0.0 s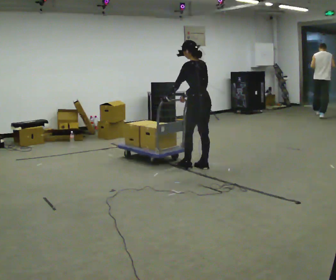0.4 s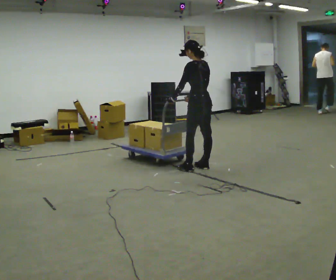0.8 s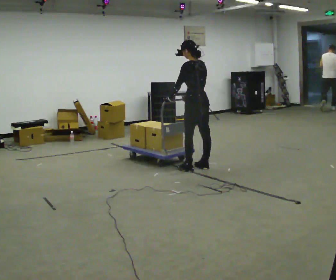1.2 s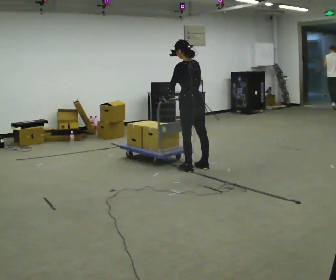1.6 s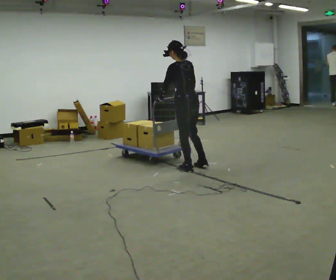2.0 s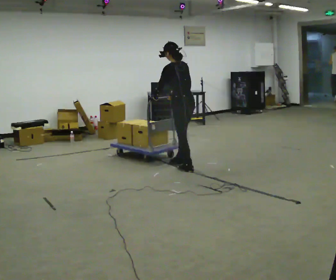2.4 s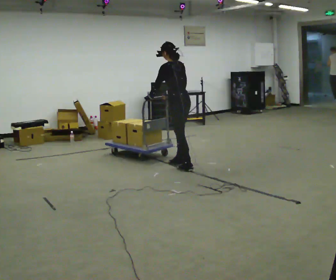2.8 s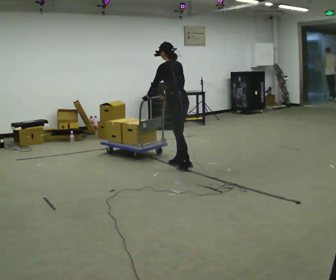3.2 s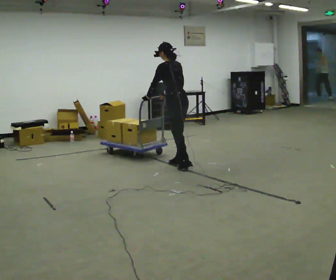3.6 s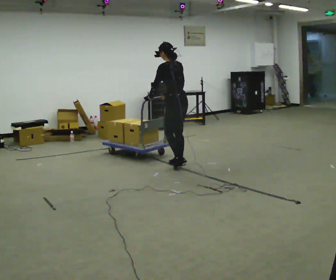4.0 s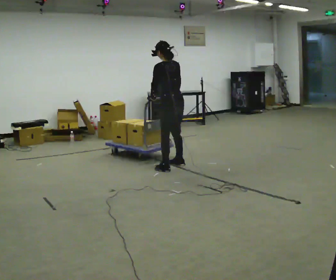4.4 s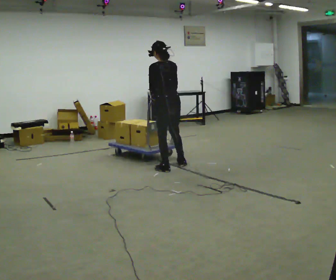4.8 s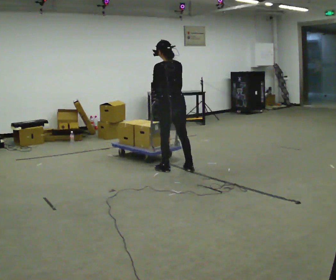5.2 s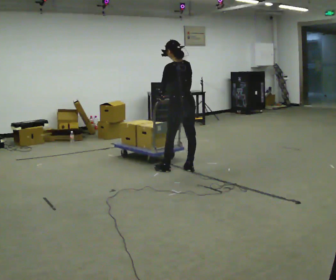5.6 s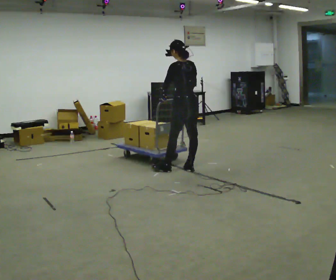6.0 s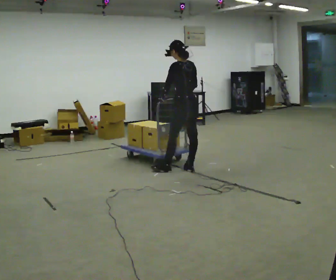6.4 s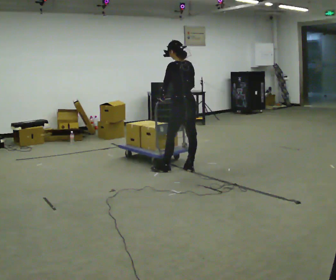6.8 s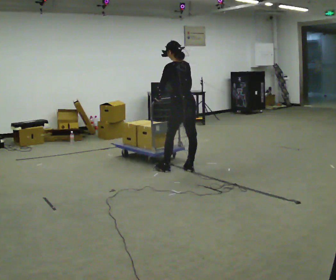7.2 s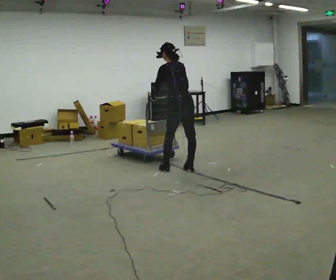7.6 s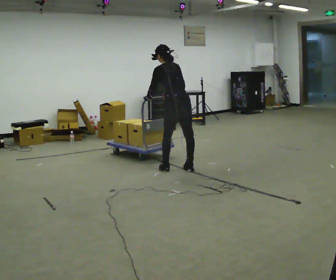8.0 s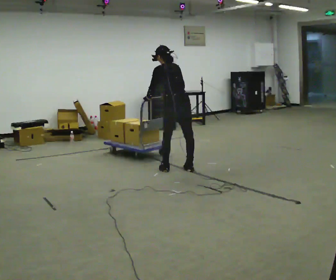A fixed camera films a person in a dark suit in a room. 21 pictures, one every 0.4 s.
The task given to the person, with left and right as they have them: Get the cart into the marked parking space and lined up with the tape. Take as many adjustments as you need. Then take it out again and repeat.
0.0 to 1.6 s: In the picture they go to the left, about 0.25 m, which for them is to their left.
1.6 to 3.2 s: In the picture they go away from the camera, about 0.25 m in 1 step, which for them is forward.
3.2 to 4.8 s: In the picture they go toward the camera, about 0.25 m in 2 steps, which for them is to their left and backward.
4.8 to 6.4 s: The person moves a little, or ends about where they began.
6.4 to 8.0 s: The upper body tips away from the camera, its near side rolling upward, as they bend forward.
The film runs forward here.
